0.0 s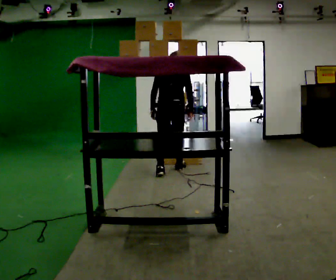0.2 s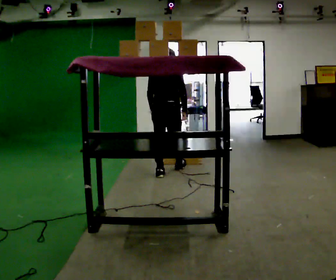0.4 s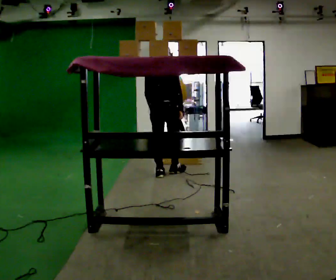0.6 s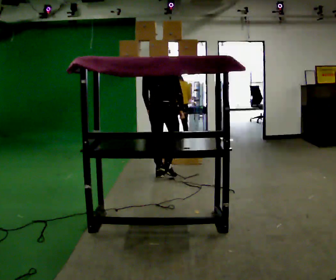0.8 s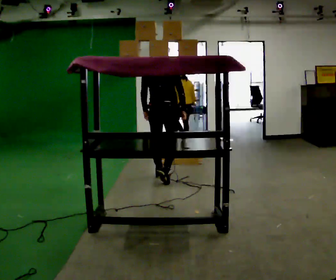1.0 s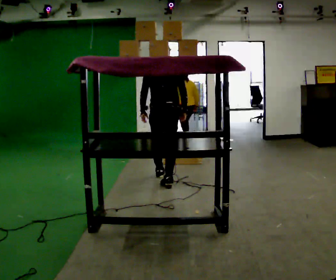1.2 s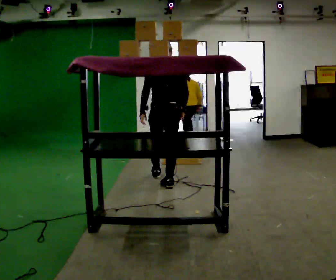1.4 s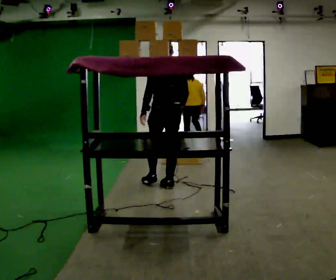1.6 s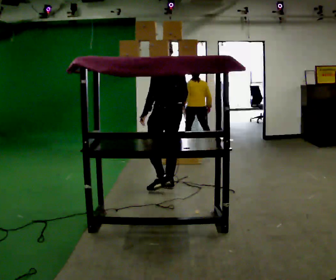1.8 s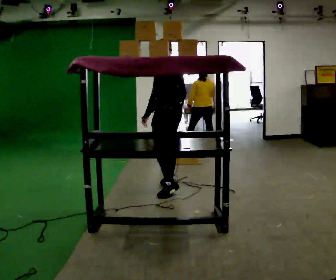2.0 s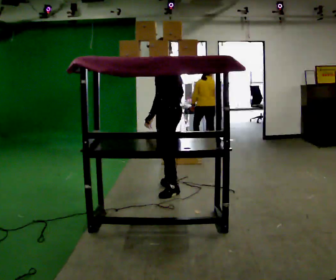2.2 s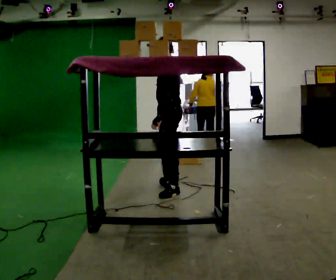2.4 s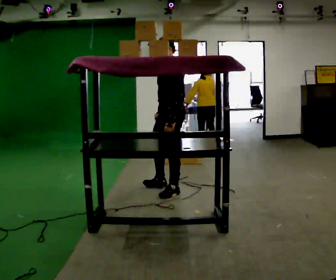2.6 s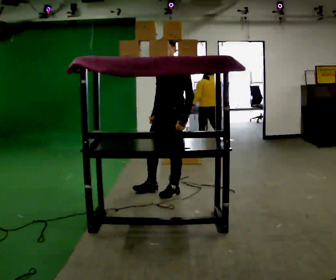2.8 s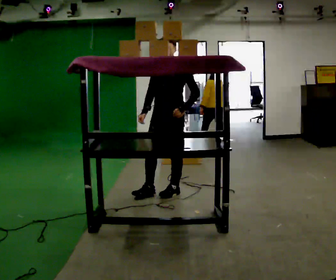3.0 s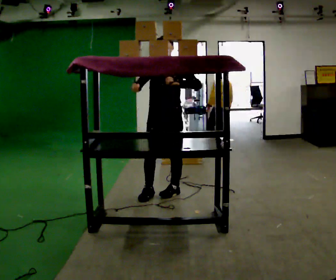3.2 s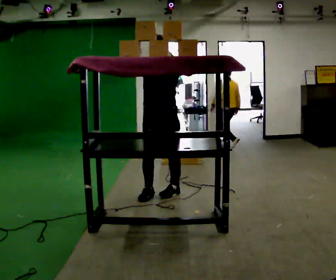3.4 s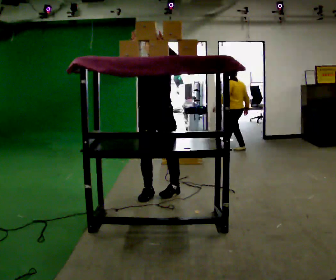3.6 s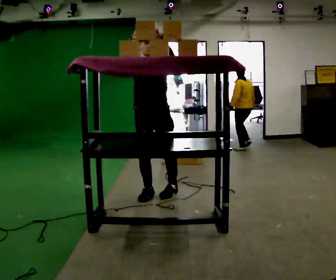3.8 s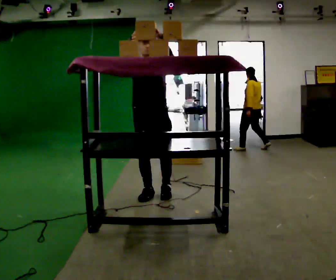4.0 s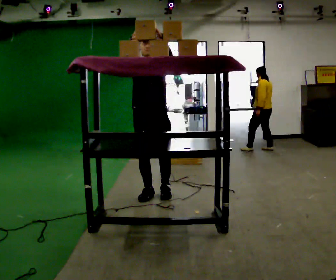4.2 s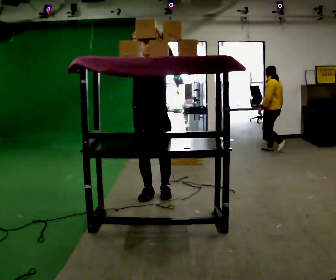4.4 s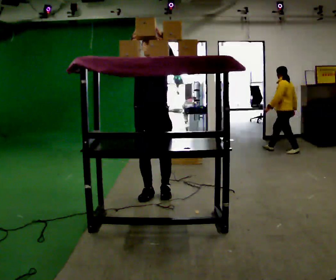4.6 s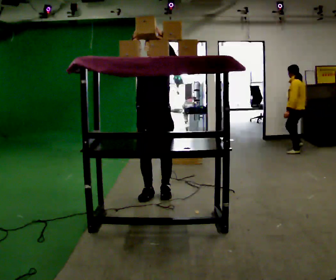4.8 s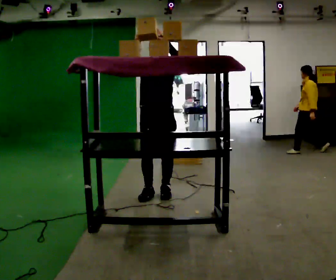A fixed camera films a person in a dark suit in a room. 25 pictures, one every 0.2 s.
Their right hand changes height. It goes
upward.
Their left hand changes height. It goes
upward.
0.0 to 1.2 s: In the picture they go toward the camera, about 0.5 m in 2 steps, which for them is backward.
1.2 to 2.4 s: Seen from above the body turns counterclockwise, about 105 degrees: to their left, with its near side sliding to the right. In the picture they go toward the camera, about 0.5 m in 1 step.
2.4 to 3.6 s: Seen from above the body turns counterclockwise, about 75 degrees: to their left, with its near side sliding to the right. In the picture they go to the left, about 0.25 m. In the picture their right hand goes upward and to the left.
3.6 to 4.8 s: The person moves a little, or ends about where they began.
The film runs backward here.
